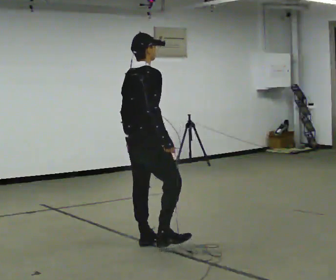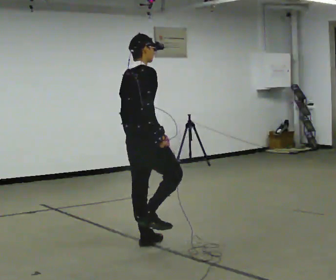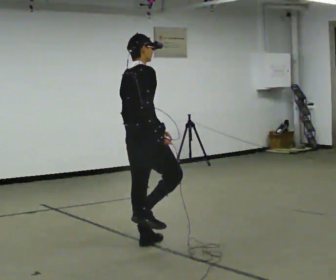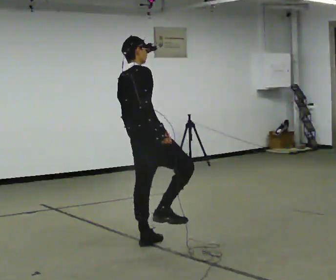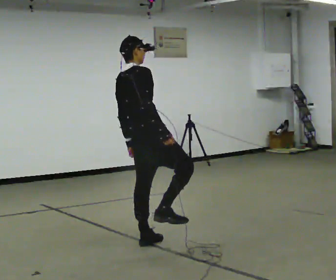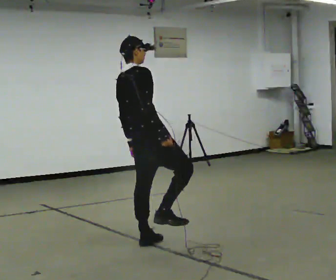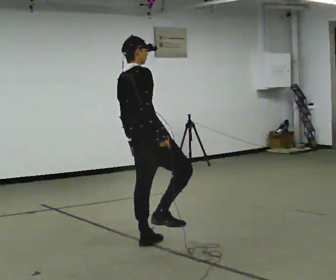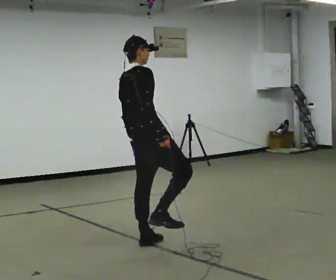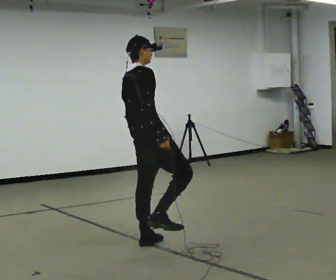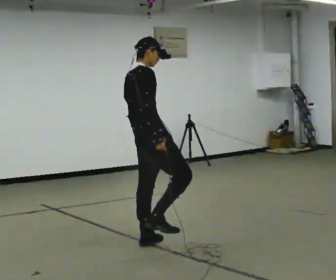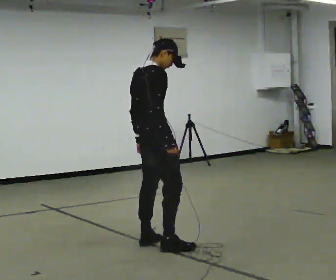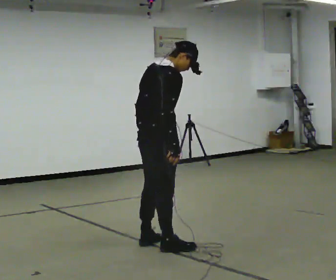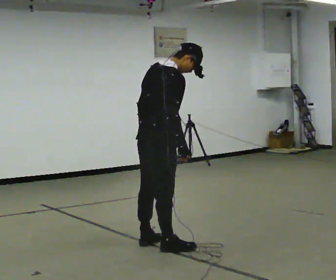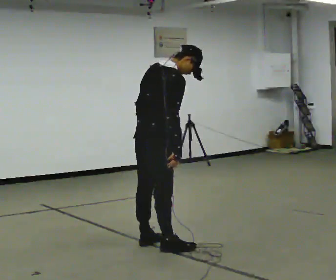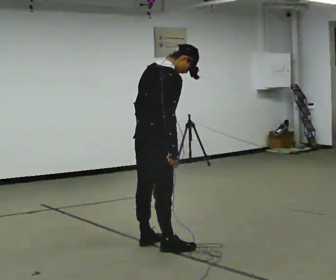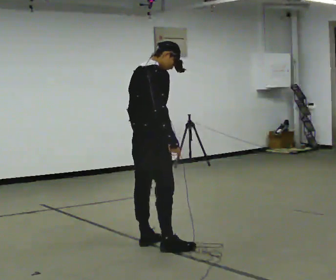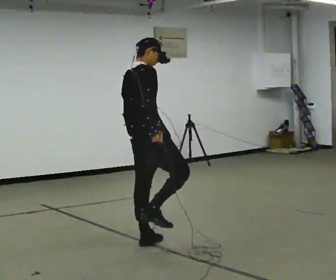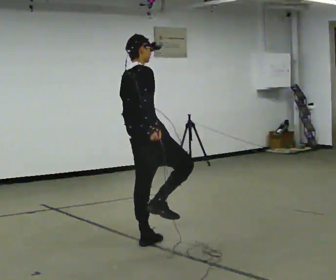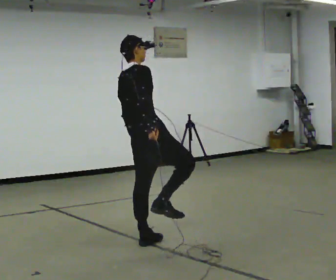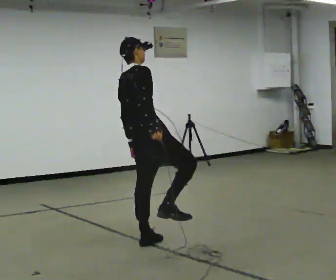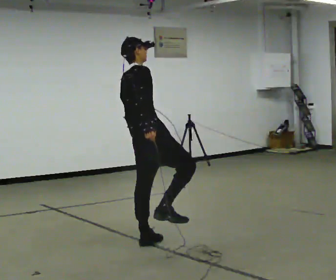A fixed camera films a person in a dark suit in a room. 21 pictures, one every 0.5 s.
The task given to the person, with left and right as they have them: Stand on one foot on the marked spot, on the side the operator calls. Hold it until you genuinely lose your balance, then put the other foot down. Repeat at your own pace until the operator says stop. Go slowly and only as far as you are comfortable. Step whenever you need to; do not try to hold on longer than feels safe.
0.0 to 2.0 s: In the picture the upper body tilts counterclockwise, shoulders to the left.
2.0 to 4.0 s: The person moves a little, or ends about where they began.
4.0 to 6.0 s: In the picture they go toward the camera, about 0.25 m, which for them is to their right. In the picture the upper body tilts clockwise, shoulders to the right, as they bend forward.
6.0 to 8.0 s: In the picture they go away from the camera, about 0.25 m, which for them is to their left. In the picture the upper body tilts counterclockwise, shoulders to the left, as they lean back or straighten.
8.0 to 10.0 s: The person moves a little, or ends about where they began.
The film runs forward here.
